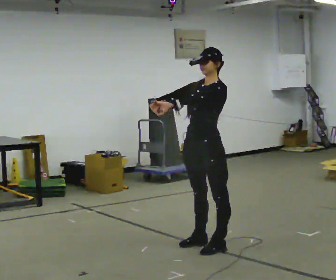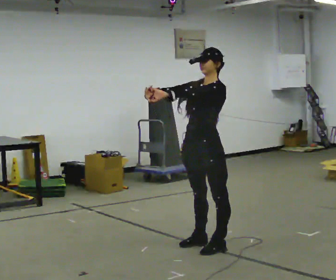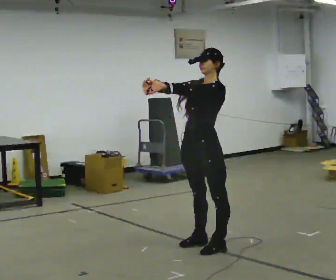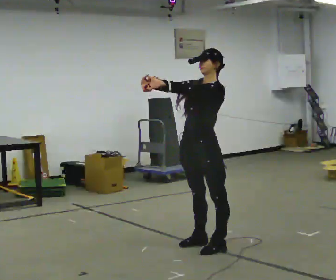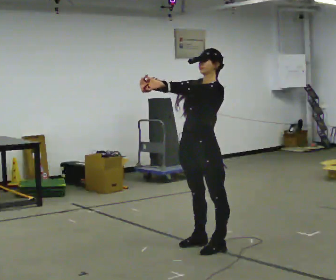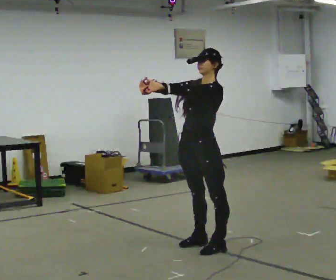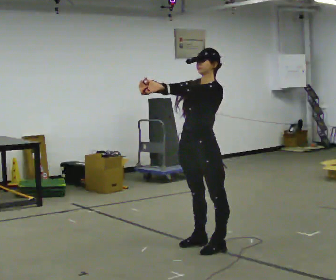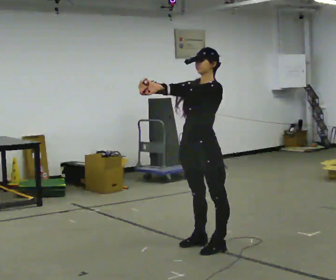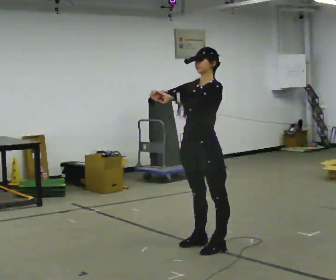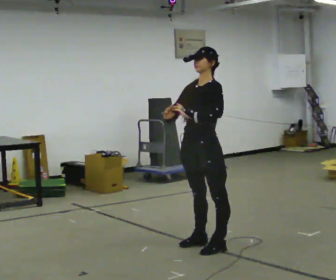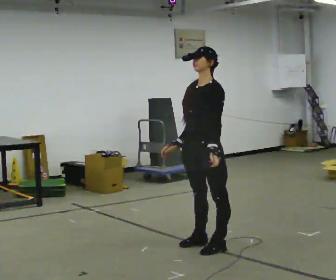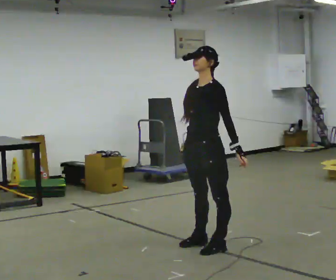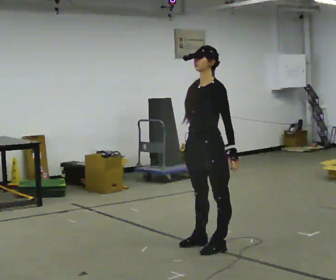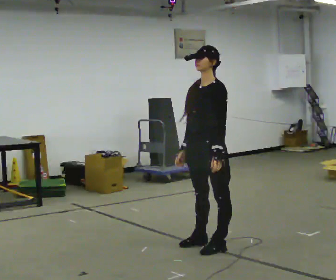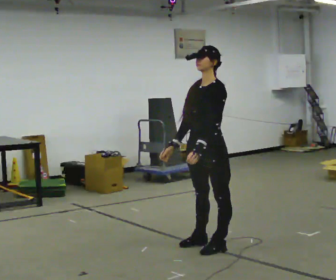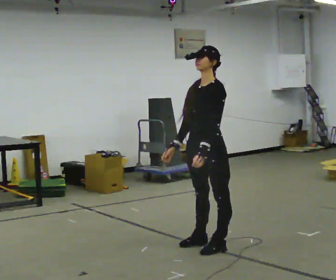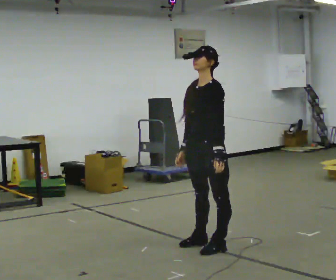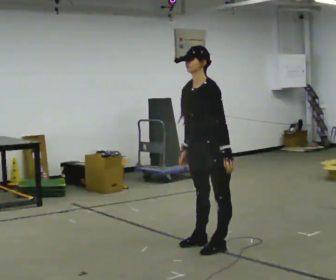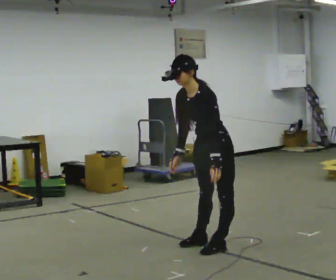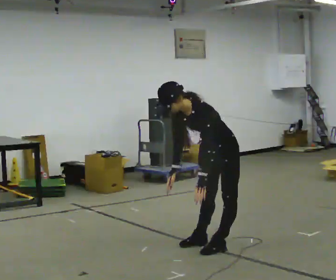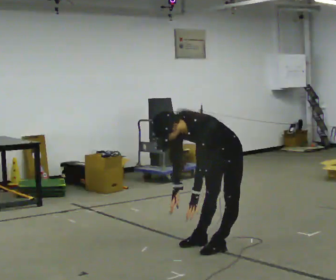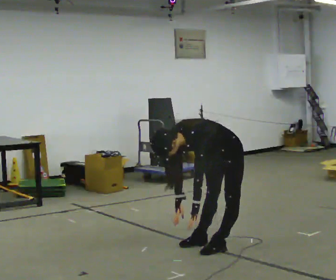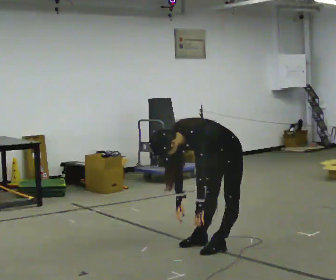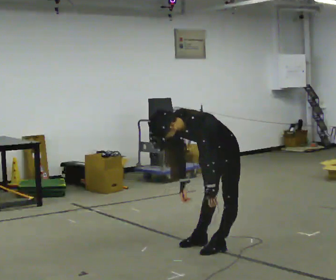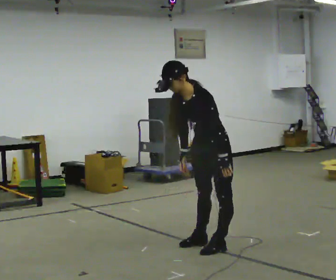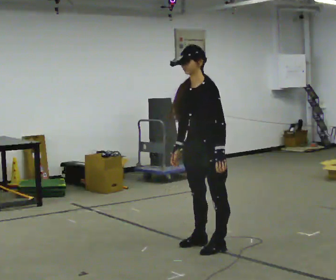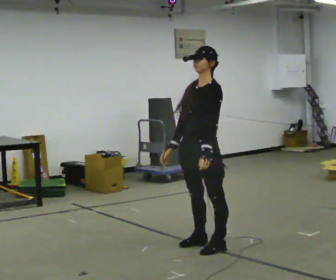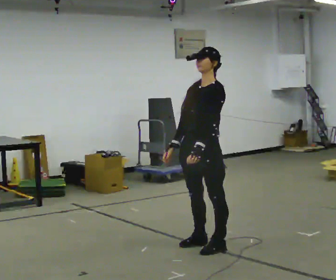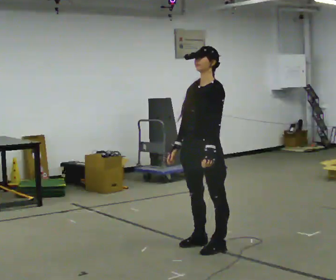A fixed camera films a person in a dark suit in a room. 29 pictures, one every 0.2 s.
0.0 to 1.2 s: The person moves a little, or ends about where they began.
1.2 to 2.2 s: In the picture their right hand goes downward and to the right, the arm swinging counterclockwise.
2.2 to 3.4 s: In the picture the upper body tilts counterclockwise, shoulders to the left, as they bend forward.
3.4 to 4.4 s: The shoulders move downward. In the picture the upper body tilts counterclockwise, shoulders to the left, as they bend forward. In the picture their left hand goes downward.
4.4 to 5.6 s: In the picture they go to the left, about 0.25 m, which for them is forward. The upper body goes upward. In the picture the upper body tilts clockwise, shoulders to the right, as they lean back or straighten. In the picture their left hand goes upward.
The film runs forward here.
